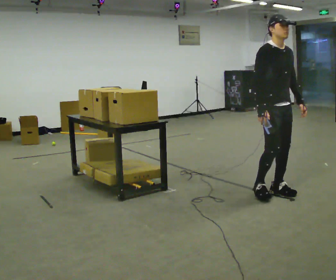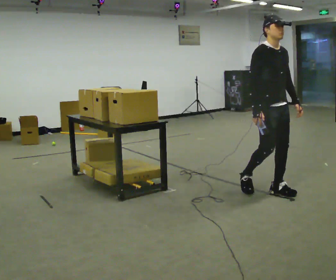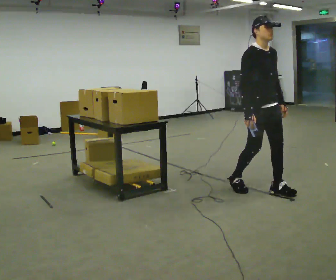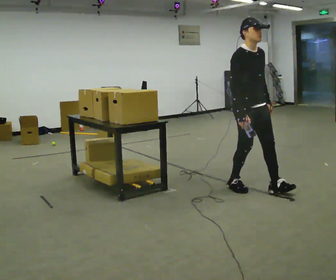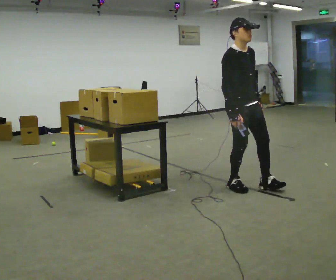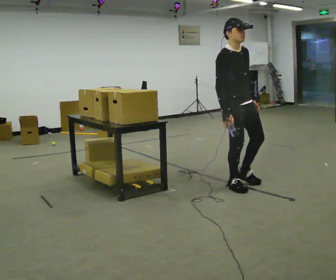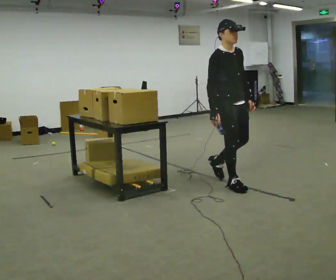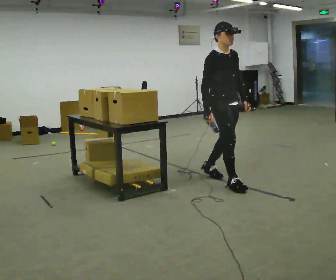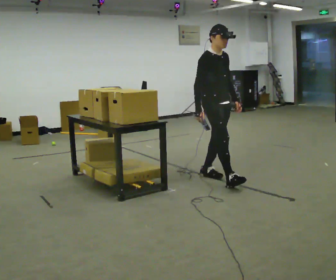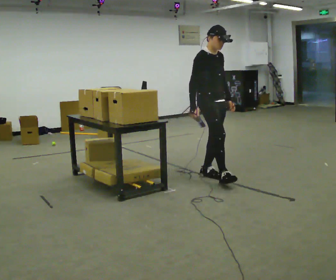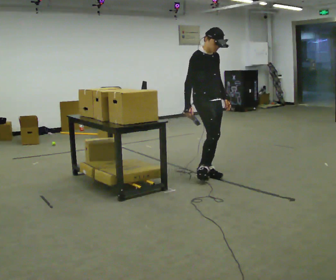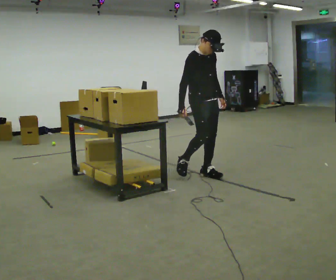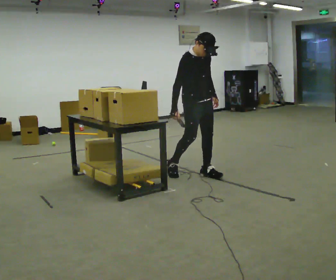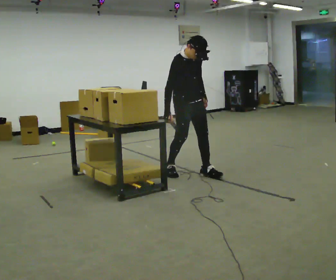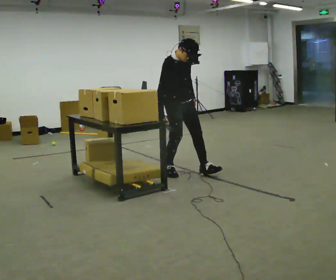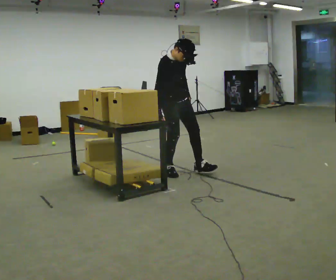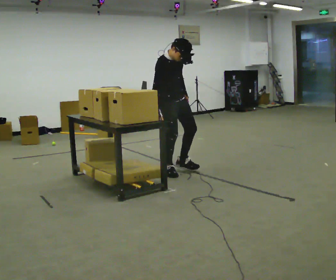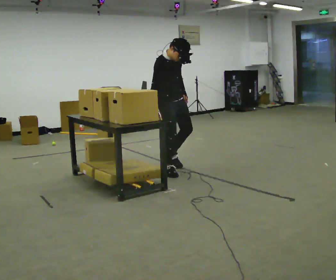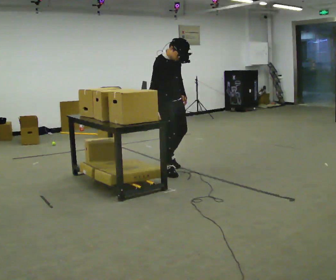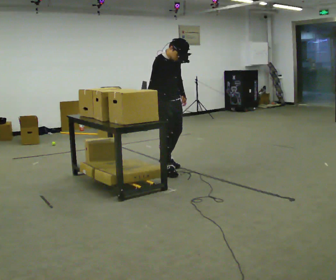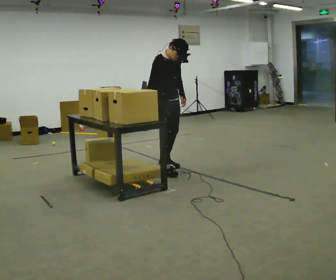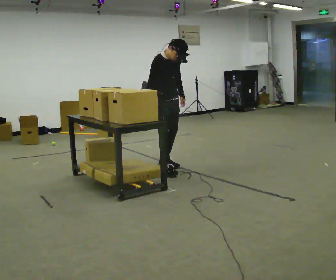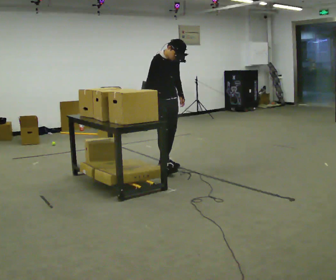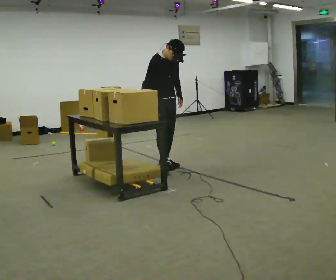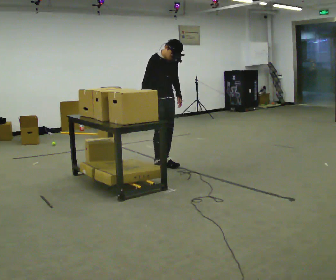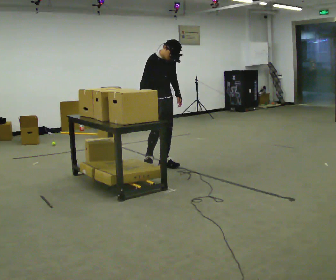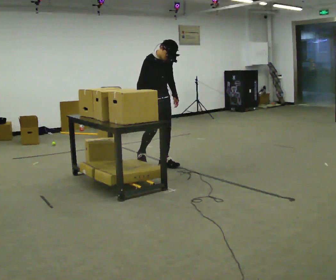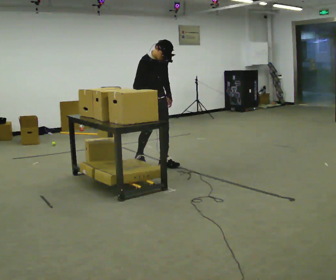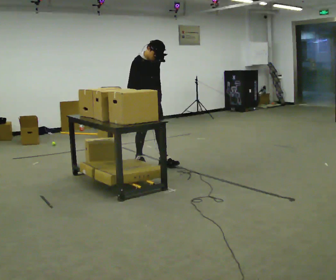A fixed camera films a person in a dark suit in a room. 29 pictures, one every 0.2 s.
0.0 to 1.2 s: In the picture they go to the left and away from the camera, about 0.5 m in 1 step, which for them is backward.
1.2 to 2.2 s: In the picture they go away from the camera and to the left, about 0.5 m in 1 step, which for them is backward.
2.2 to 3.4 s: In the picture they go to the left, about 0.5 m in 1 step, which for them is backward and to their right.
3.4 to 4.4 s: In the picture they go away from the camera, about 0.25 m, which for them is backward and to their left.
4.4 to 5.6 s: In the picture they go to the left and away from the camera, about 0.25 m in 1 step, which for them is backward.
The film runs backward here.
